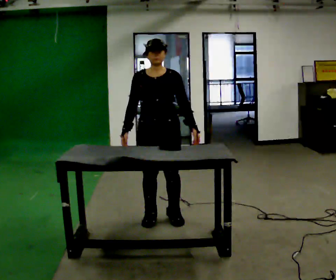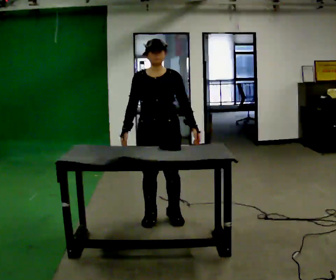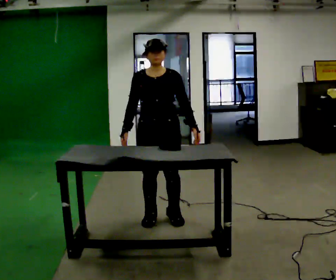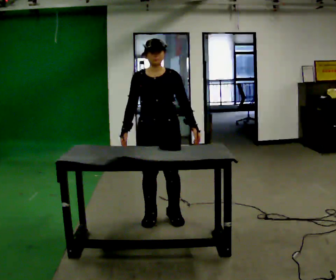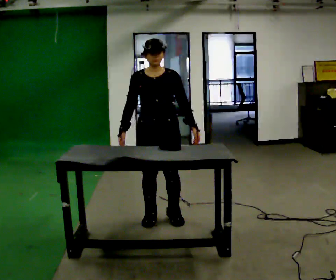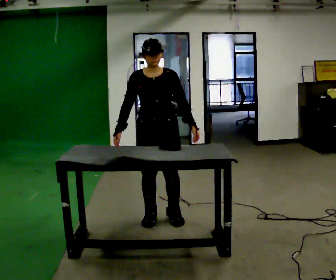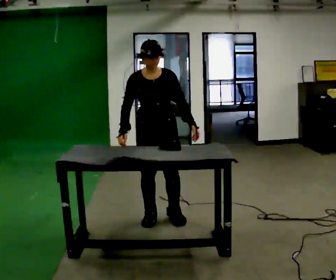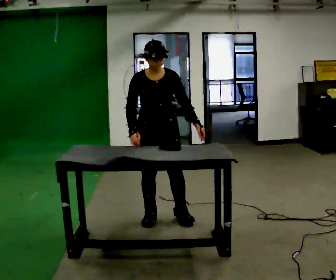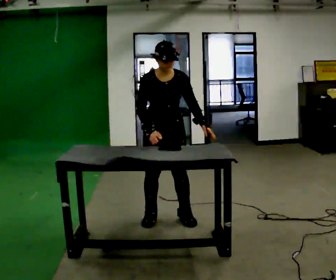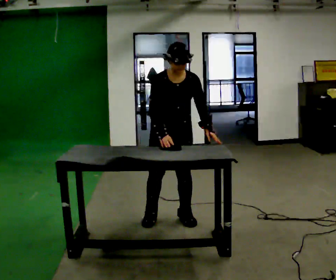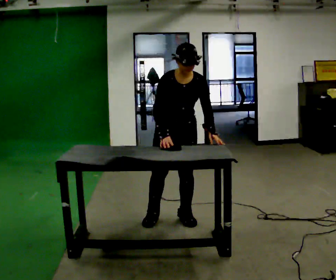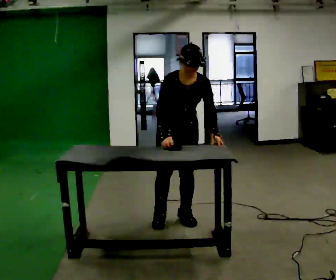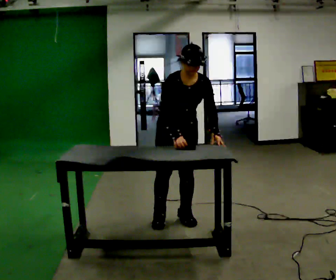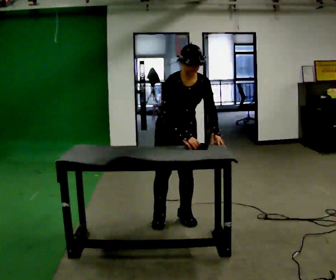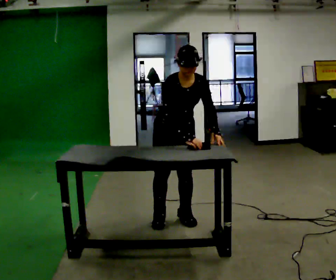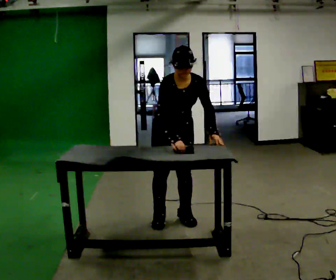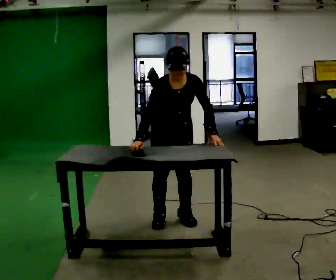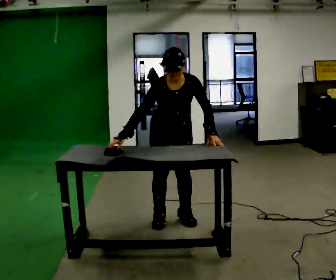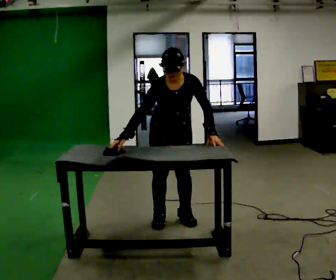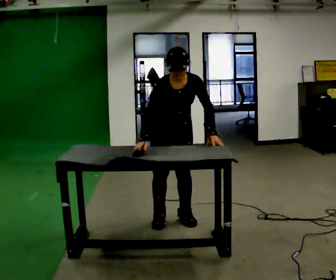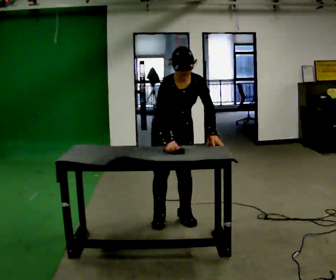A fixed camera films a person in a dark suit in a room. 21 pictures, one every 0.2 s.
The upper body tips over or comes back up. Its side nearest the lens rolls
downward.
0.0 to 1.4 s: The person moves a little, or ends about where they began.
1.4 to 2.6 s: In the picture they go to the right, about 0.25 m, which for them is to their left. In the picture the upper body tilts clockwise, shoulders to the right, as they bend forward. In the picture their right hand goes to the right.
2.6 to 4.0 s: The person moves a little, or ends about where they began.
The film runs forward here.
